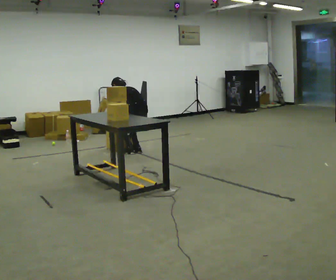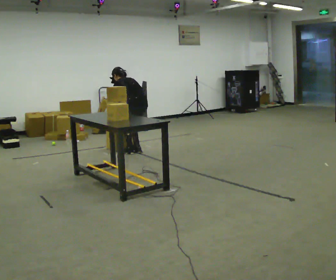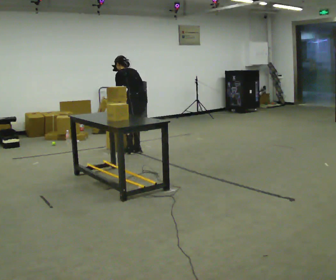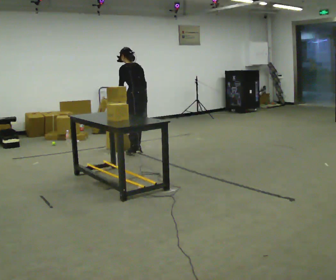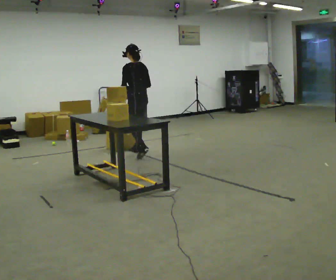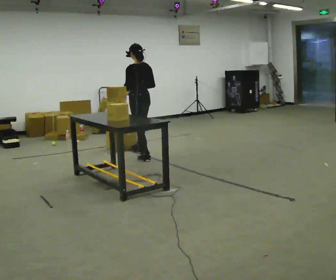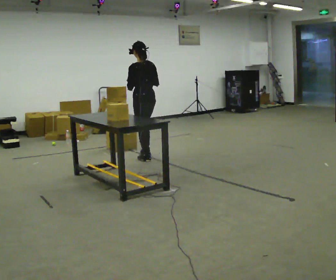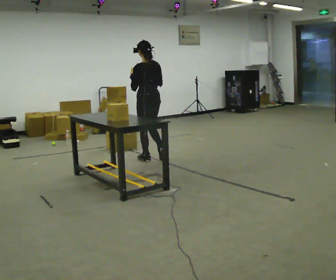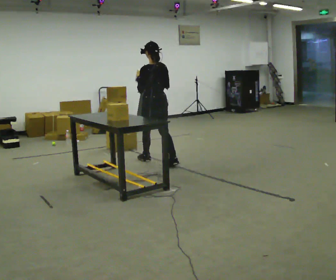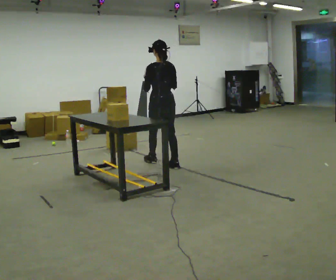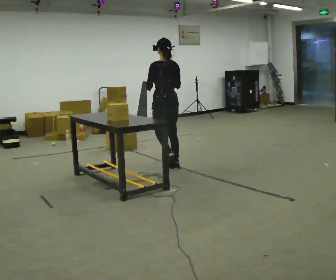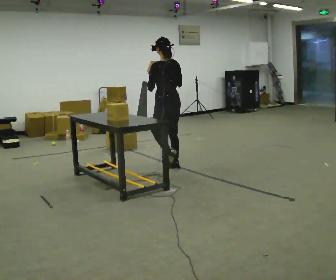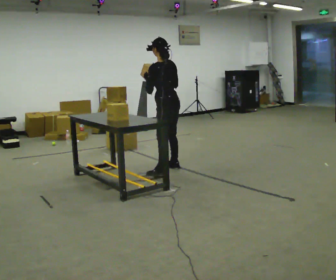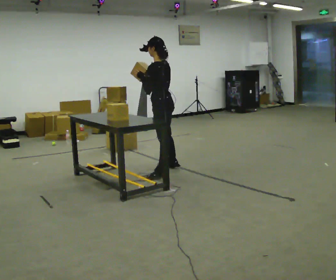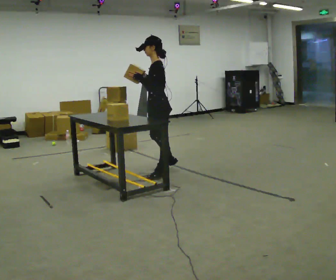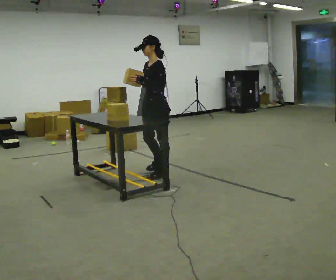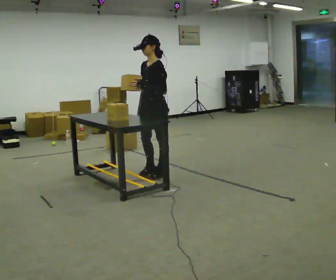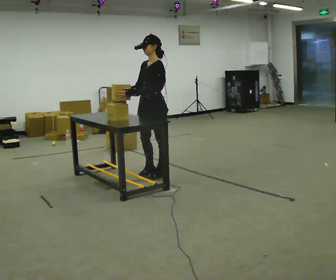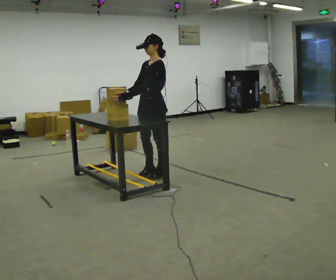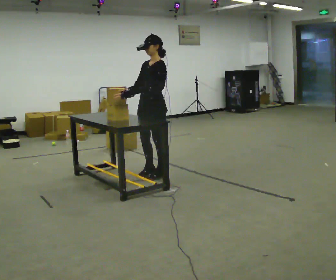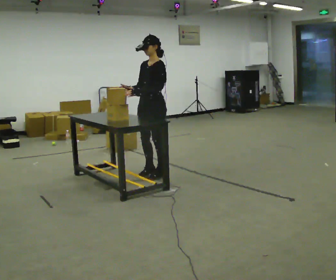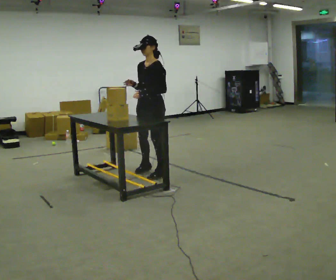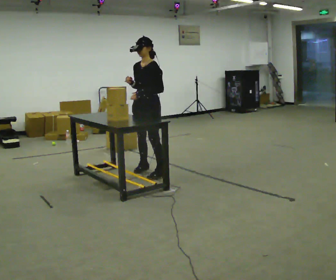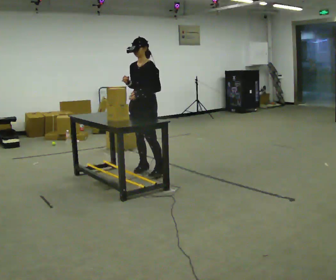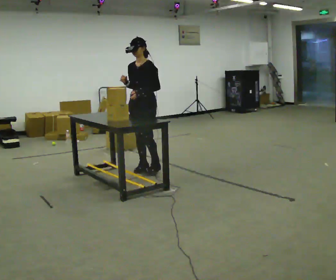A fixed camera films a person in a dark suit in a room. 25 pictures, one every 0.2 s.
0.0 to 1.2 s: In the picture they go toward the camera, about 0.25 m in 2 steps, which for them is backward and to their left. The upper body goes upward. The upper body tips toward the camera, its near side rolling downward, as they lean back or straighten. In the picture their right hand goes upward.
1.2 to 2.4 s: In the picture they go toward the camera and to the right, about 0.75 m in 1 step, which for them is backward.
2.4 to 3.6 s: Seen from above the body turns counterclockwise, about 75 degrees: to their left, with its near side sliding to the right. In the picture they go toward the camera and to the left, about 0.25 m in 1 step.
3.6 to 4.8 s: In the picture they go away from the camera, about 0.25 m in 2 steps, which for them is to their right.
The film runs backward here.
